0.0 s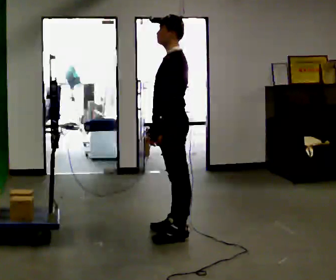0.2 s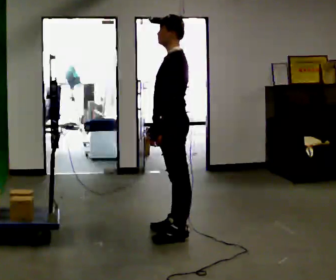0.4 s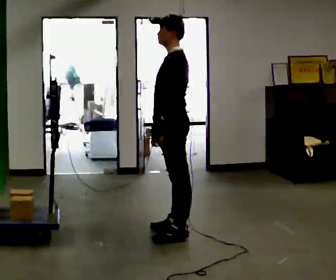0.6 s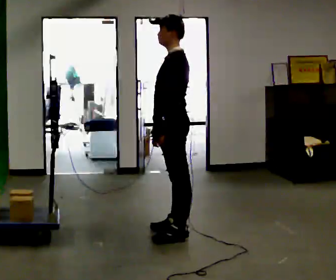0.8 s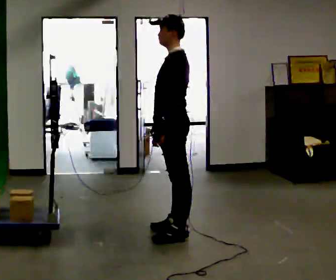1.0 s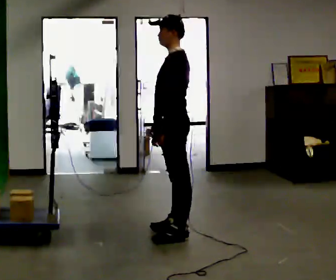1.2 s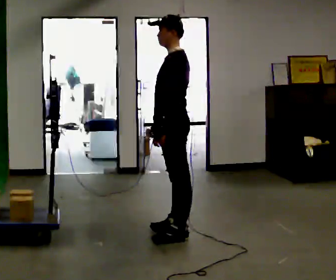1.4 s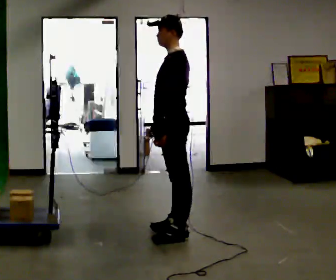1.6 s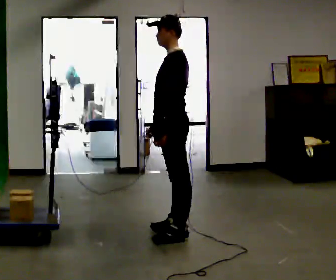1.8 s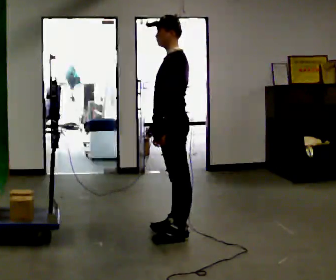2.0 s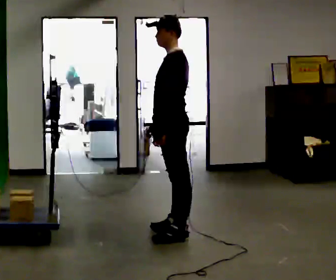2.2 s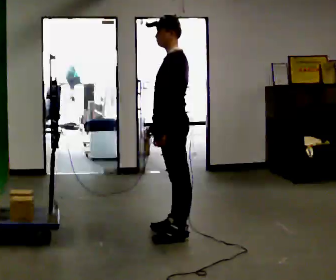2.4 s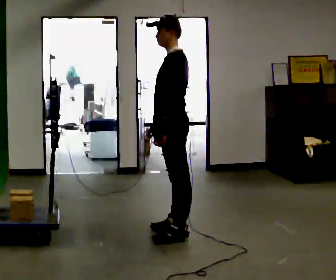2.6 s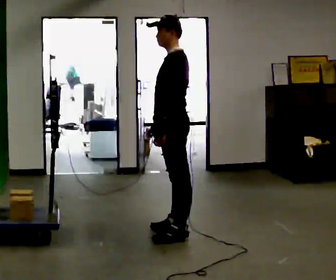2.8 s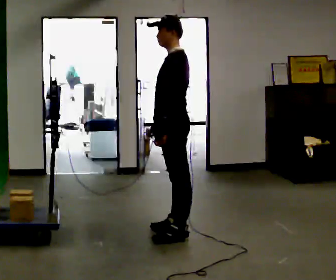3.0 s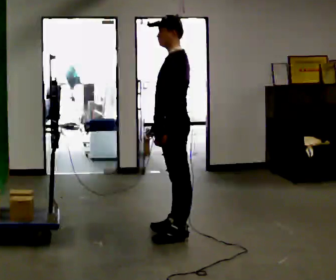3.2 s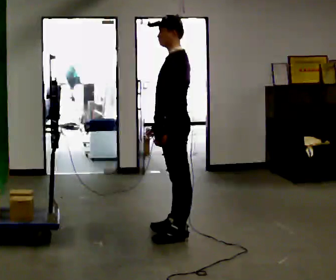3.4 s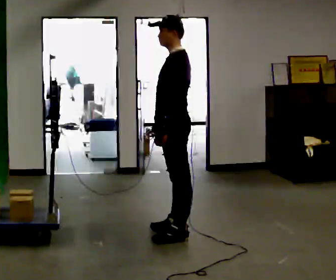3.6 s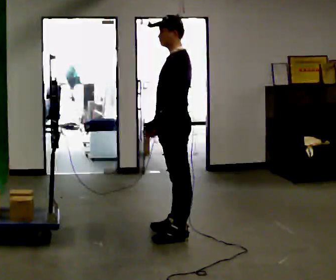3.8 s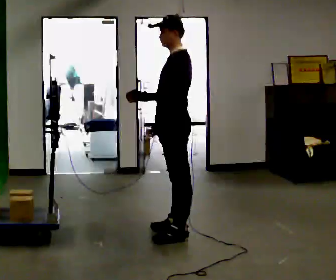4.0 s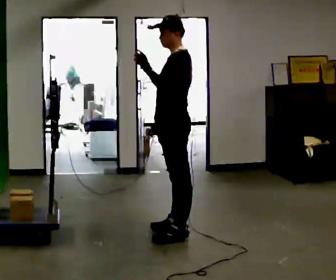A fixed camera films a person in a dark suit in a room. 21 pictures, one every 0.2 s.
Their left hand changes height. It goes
upward.
0.0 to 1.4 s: The person moves a little, or ends about where they began.
1.4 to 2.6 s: The person keeps their place and pose.
2.6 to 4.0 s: In the picture their left hand goes upward.
The film runs forward here.
